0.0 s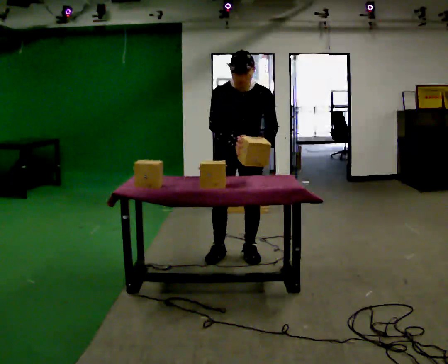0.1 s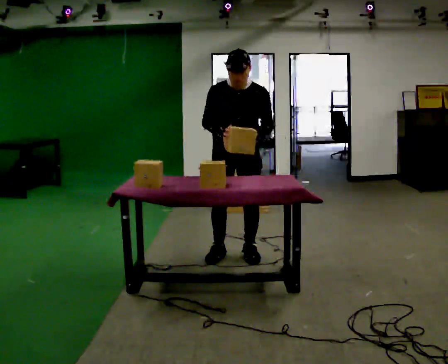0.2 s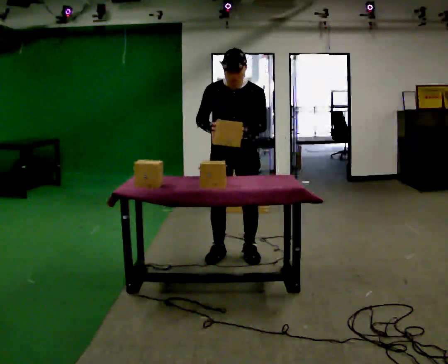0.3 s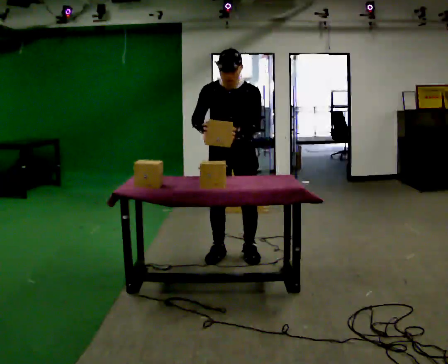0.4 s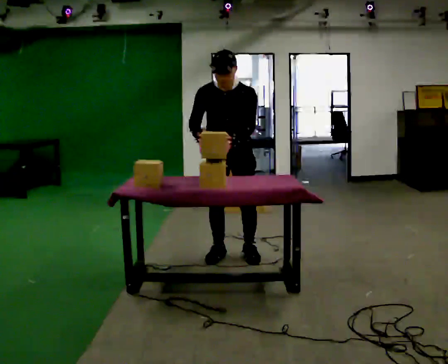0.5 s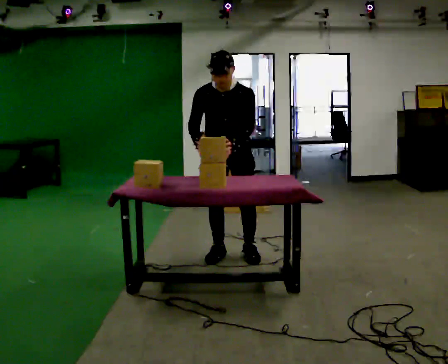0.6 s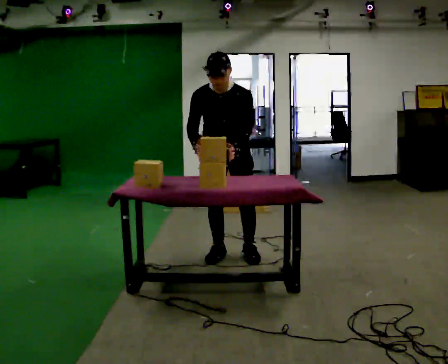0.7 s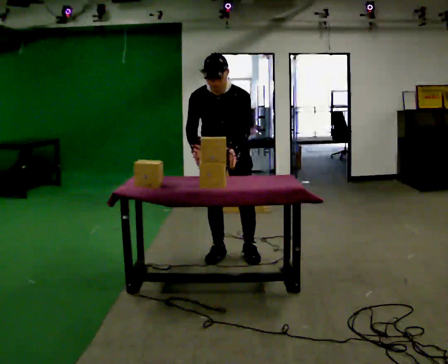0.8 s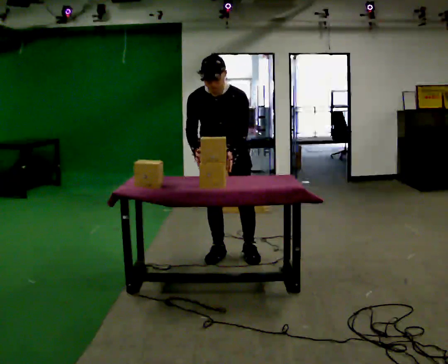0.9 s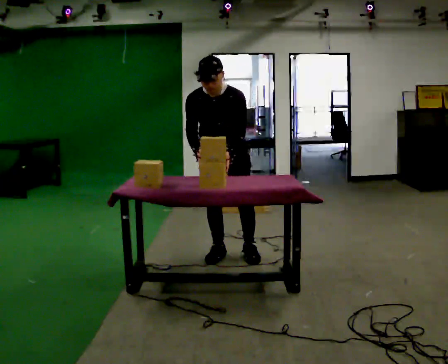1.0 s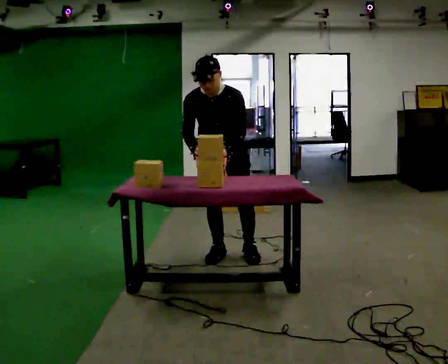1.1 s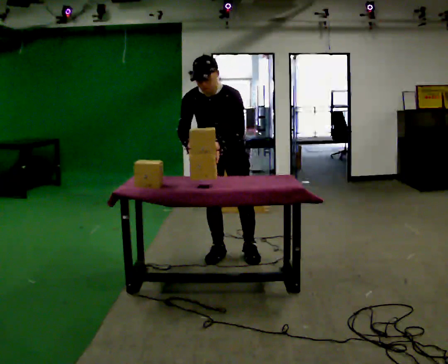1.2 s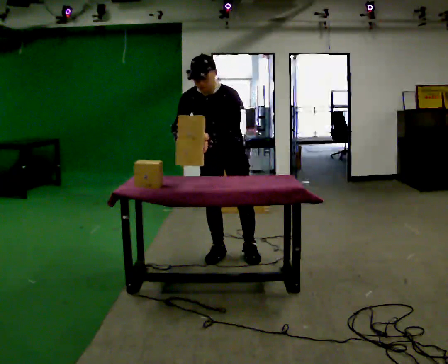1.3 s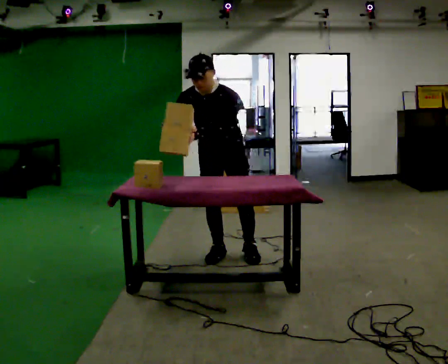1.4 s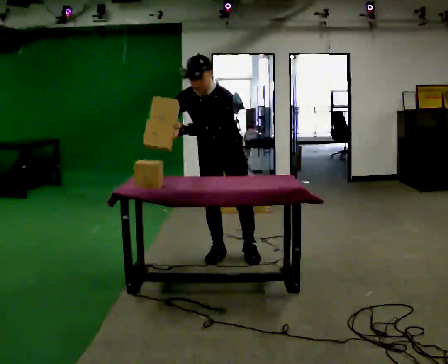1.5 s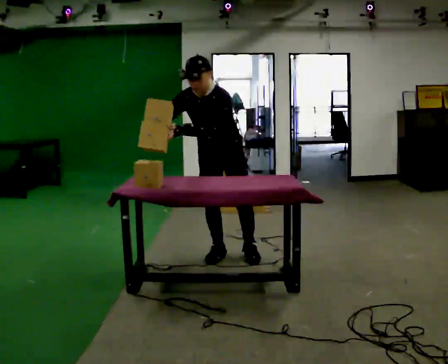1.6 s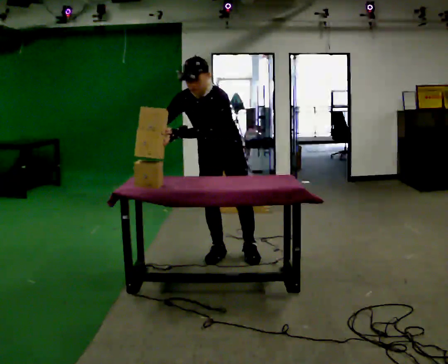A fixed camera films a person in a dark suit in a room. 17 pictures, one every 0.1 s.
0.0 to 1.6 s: In the picture the upper body tilts counterclockwise, shoulders to the left. In the picture their right hand goes to the left.
The film runs forward here.
